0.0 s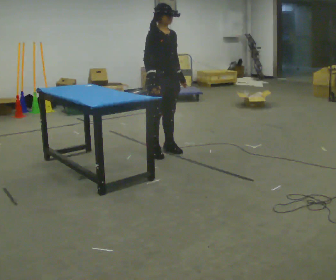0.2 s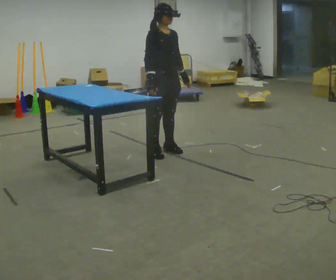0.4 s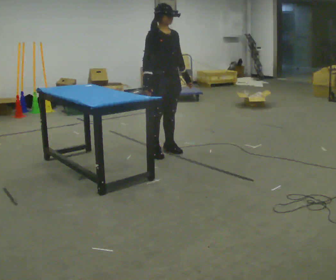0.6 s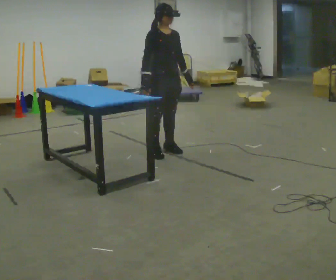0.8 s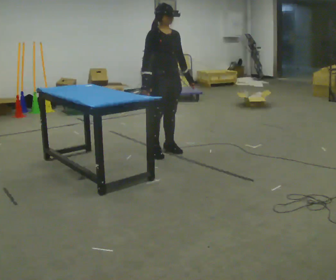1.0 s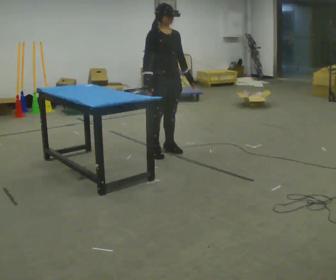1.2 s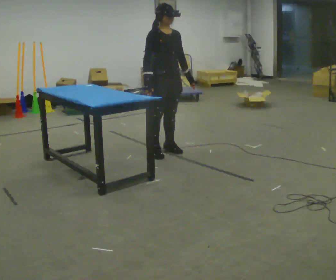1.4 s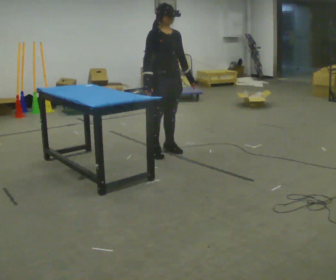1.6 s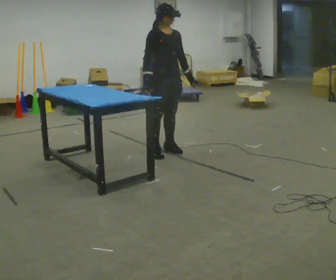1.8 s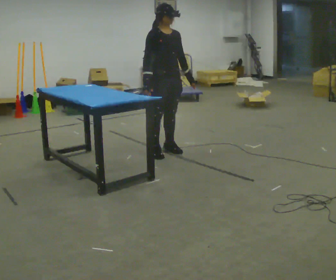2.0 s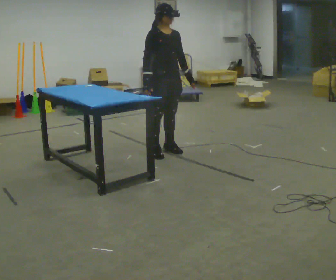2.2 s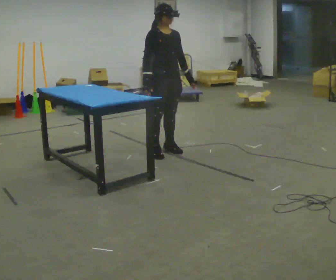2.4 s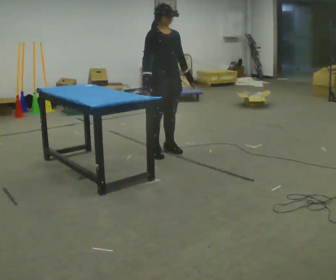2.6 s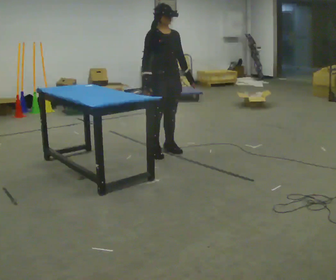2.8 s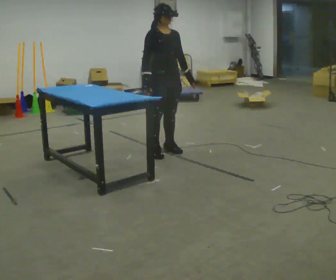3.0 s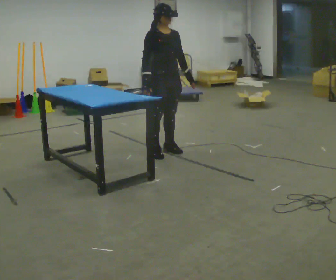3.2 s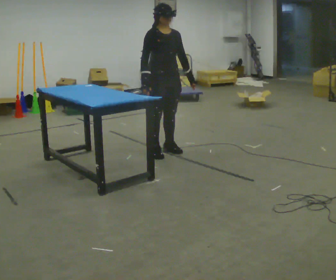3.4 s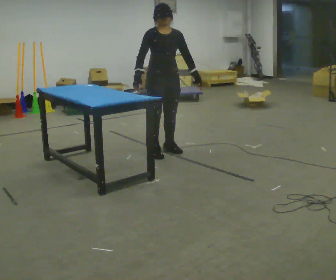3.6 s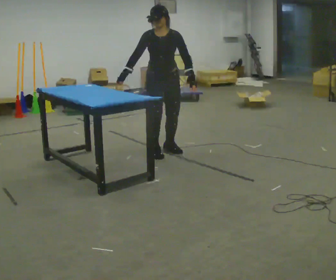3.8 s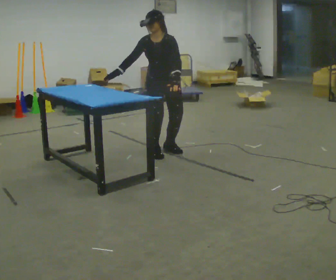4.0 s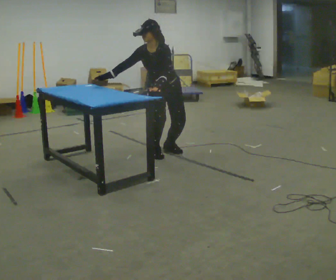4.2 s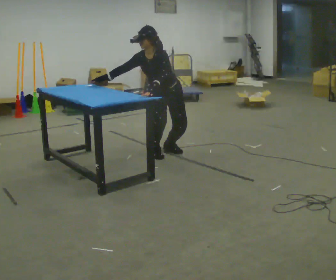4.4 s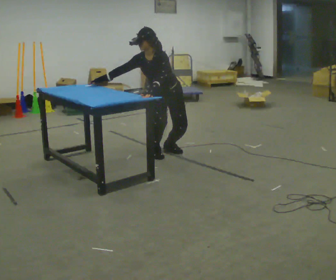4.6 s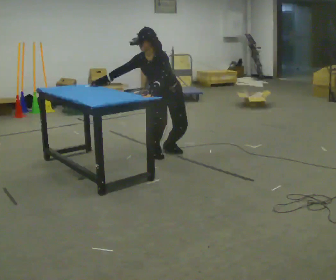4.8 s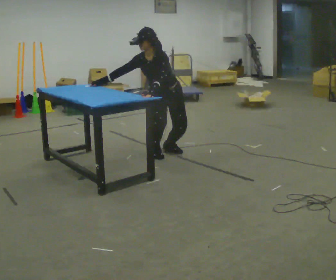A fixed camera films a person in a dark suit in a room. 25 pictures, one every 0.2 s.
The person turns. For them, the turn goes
to their right.
The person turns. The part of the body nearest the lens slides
to the left.
0.0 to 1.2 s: The person moves a little, or ends about where they began.
1.2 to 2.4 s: The person keeps their place and pose.
2.4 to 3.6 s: The person turns about 30 degrees to their right, clockwise seen from above, so the part of the body nearest the lens slides to the left.
3.6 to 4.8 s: The upper body goes downward. In the picture the upper body tilts counterclockwise, shoulders to the left, as they bend forward. In the picture their left hand goes to the left.
The film runs forward here.
